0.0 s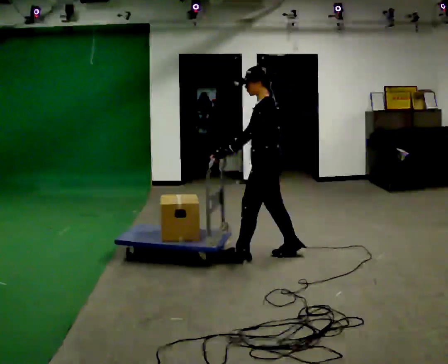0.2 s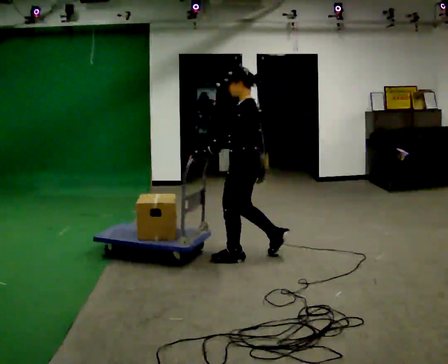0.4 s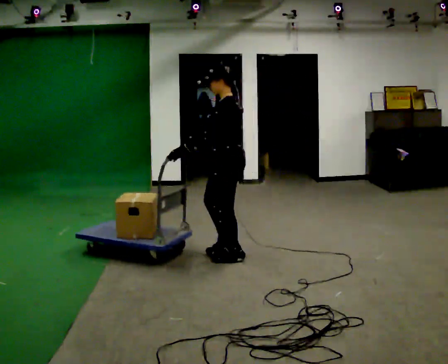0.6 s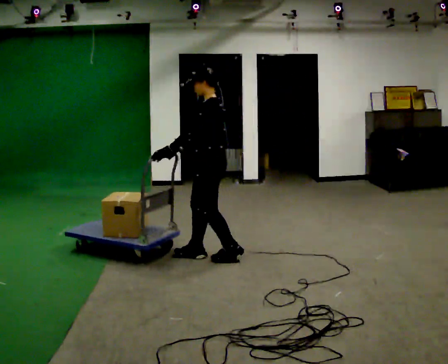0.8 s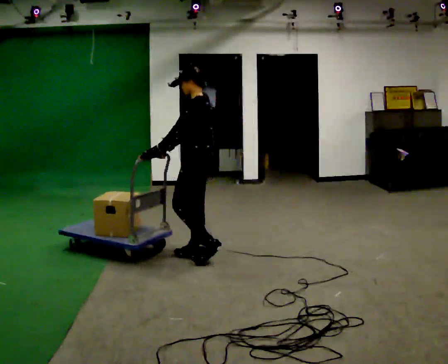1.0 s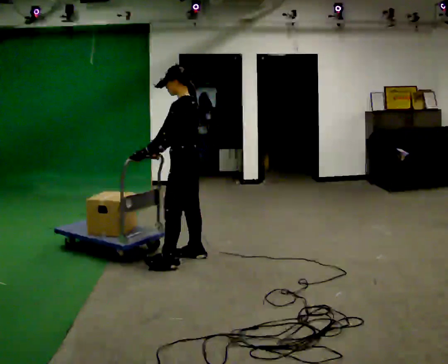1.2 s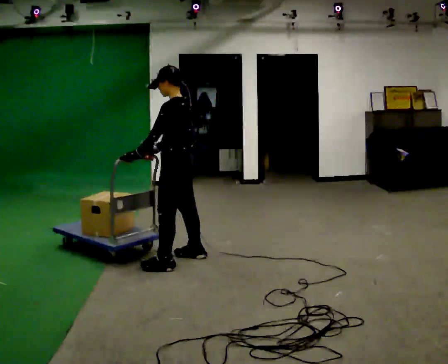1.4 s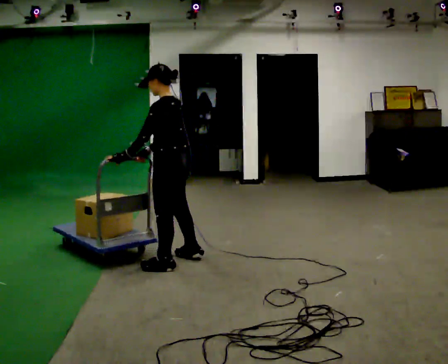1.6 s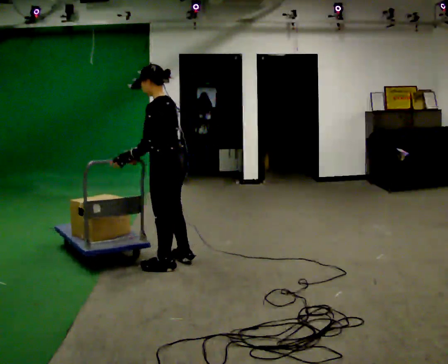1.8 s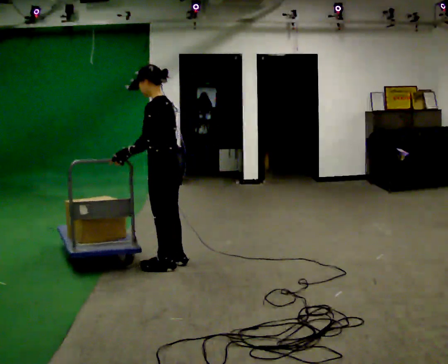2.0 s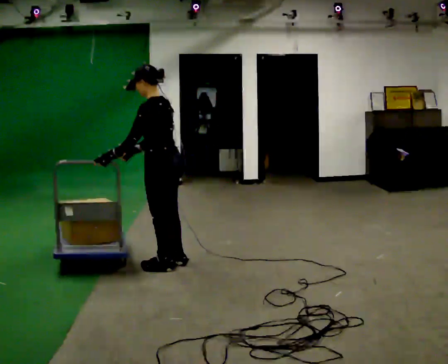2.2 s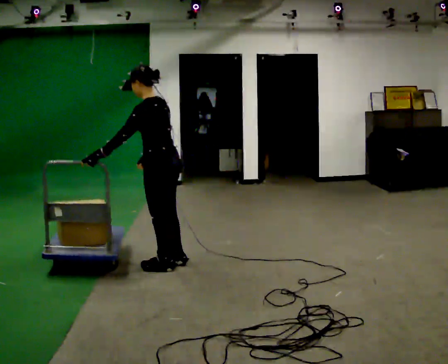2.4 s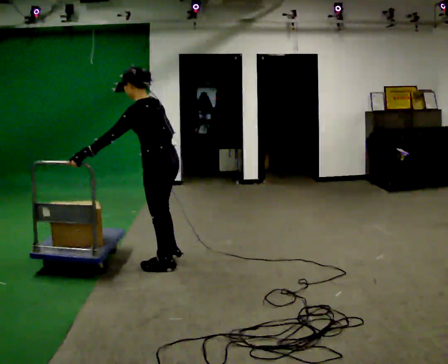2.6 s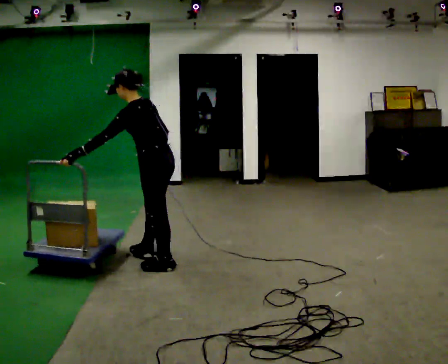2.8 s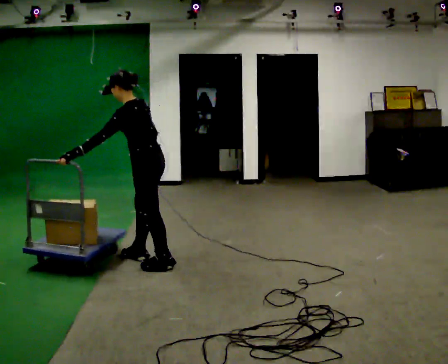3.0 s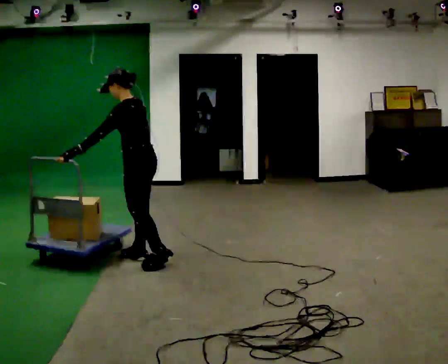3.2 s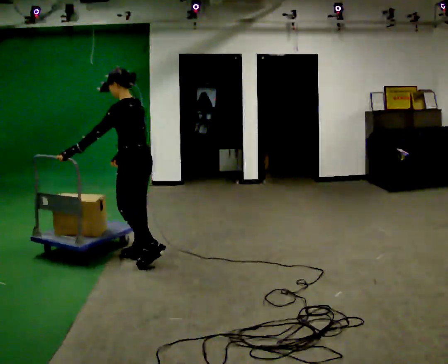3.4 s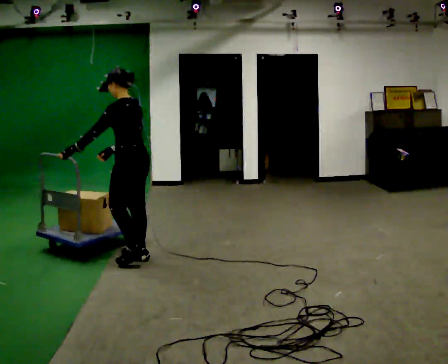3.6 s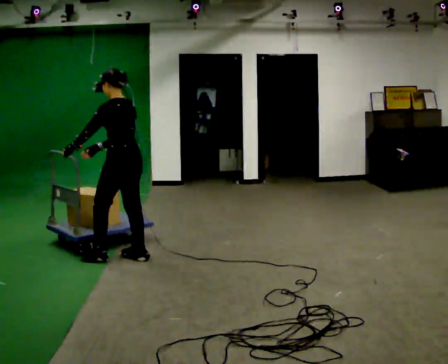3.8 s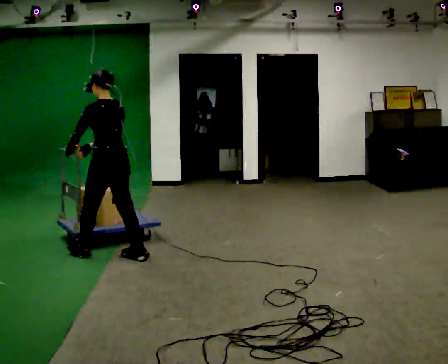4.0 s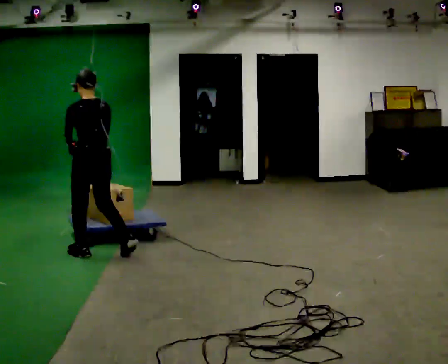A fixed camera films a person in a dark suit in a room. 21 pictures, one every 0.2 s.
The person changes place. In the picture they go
to the left.
0.0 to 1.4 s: In the picture they go to the left, about 1 m in 3 steps, which for them is forward.
1.4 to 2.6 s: In the picture the upper body tilts counterclockwise, shoulders to the left, as they bend forward.
2.6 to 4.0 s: The part of the body nearest the lens slides to the left as the person turns to their right by about 30 degrees. In the picture they go to the left and away from the camera, about 0.5 m in 2 steps, which for them is forward. In the picture the upper body tilts clockwise, shoulders to the right, as they lean back or straighten.
The film runs forward here.
